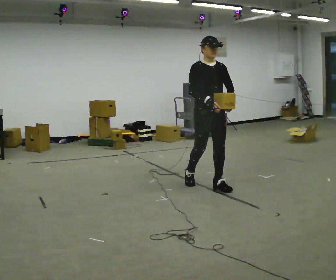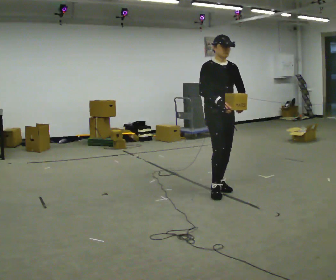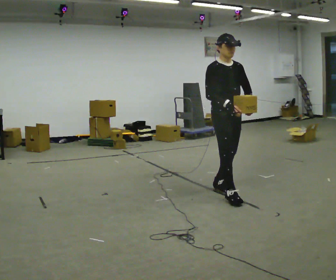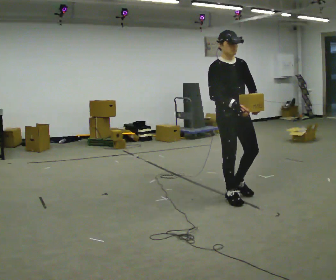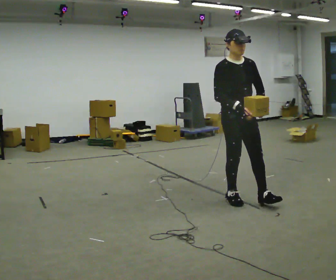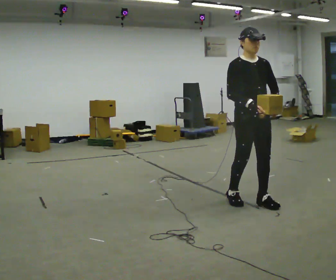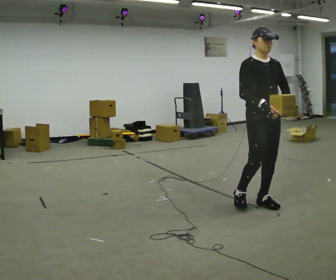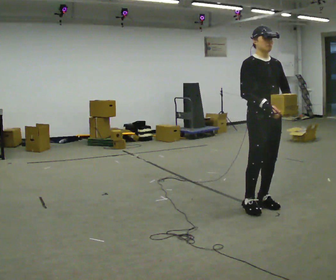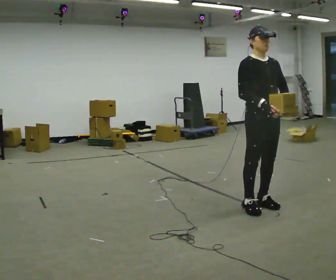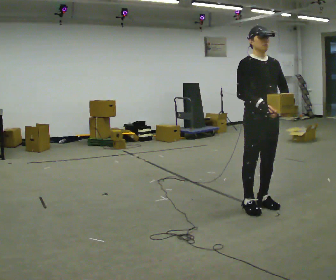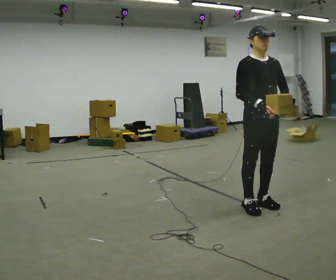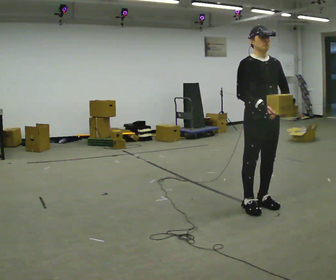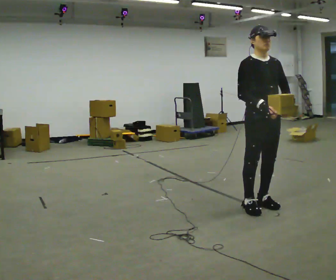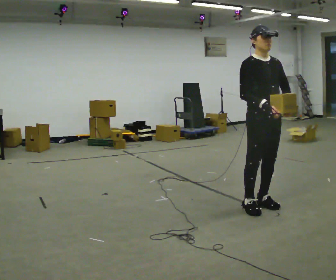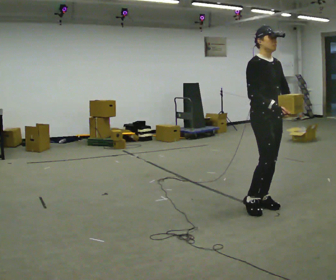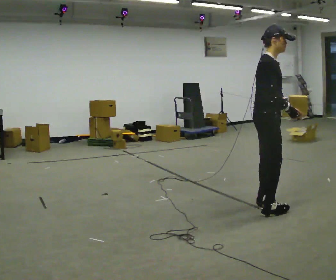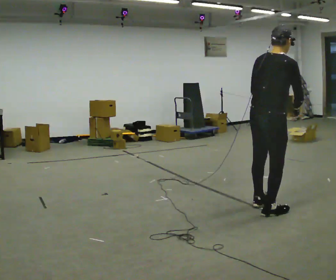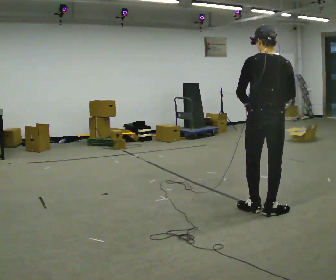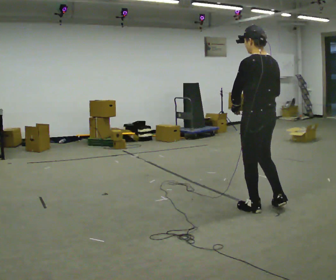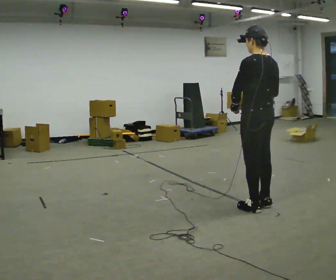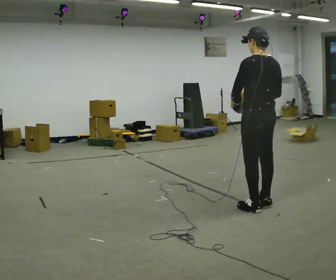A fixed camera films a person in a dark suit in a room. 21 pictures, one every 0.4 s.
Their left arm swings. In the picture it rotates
clockwise.
0.0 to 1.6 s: In the picture they go to the right and toward the camera, about 0.5 m in 2 steps, which for them is forward.
1.6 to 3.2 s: In the picture they go to the right, about 0.25 m in 1 step, which for them is forward.
3.2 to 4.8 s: The person moves a little, or ends about where they began.
4.8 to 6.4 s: The person turns about 105 degrees to their left, counterclockwise seen from above, so the part of the body nearest the lens slides to the right. In the picture they go toward the camera, about 0.25 m in 1 step.
6.4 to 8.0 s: Seen from above the body turns counterclockwise, about 75 degrees: to their left, with its near side sliding to the right. In the picture they go away from the camera, about 0.25 m in 2 steps. In the picture their left hand goes to the left.
The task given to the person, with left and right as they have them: Carry the light box in both hands in front of you, walking back and forth across the room. Keep walking until the operator says stop.
The film runs forward here.
